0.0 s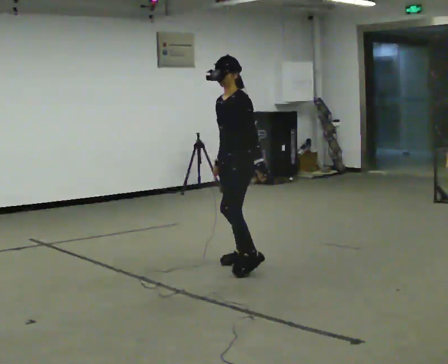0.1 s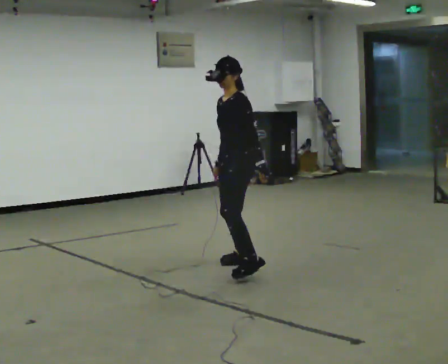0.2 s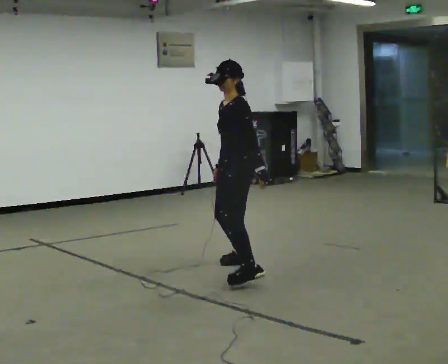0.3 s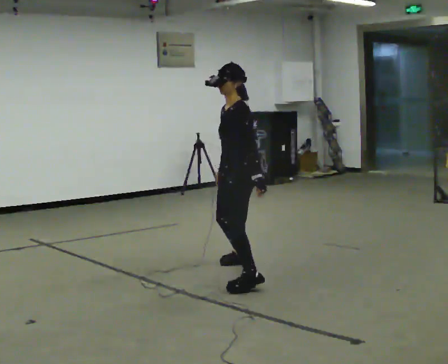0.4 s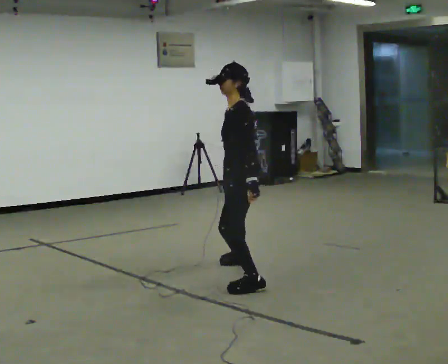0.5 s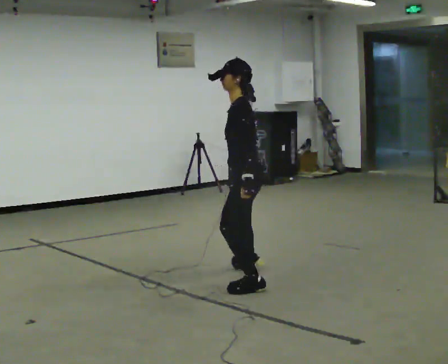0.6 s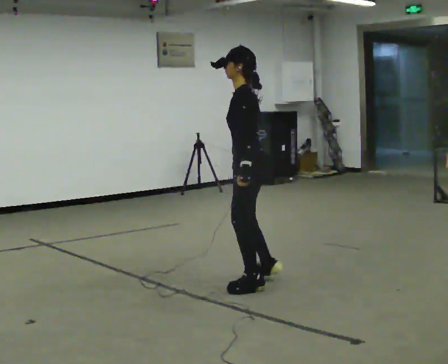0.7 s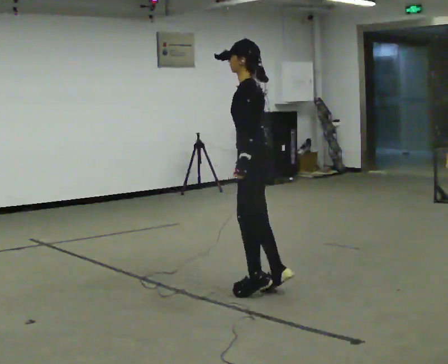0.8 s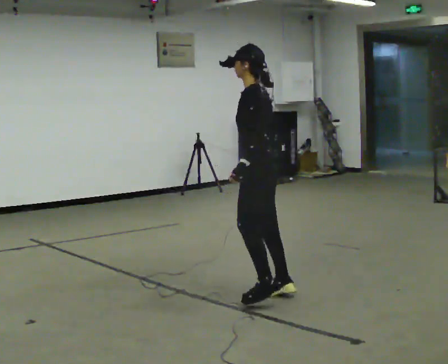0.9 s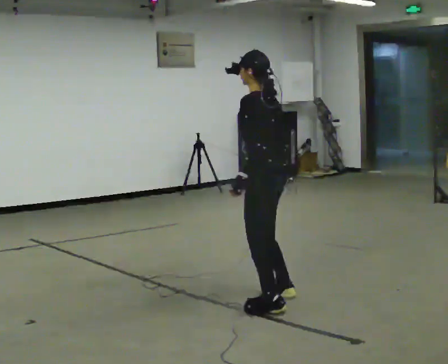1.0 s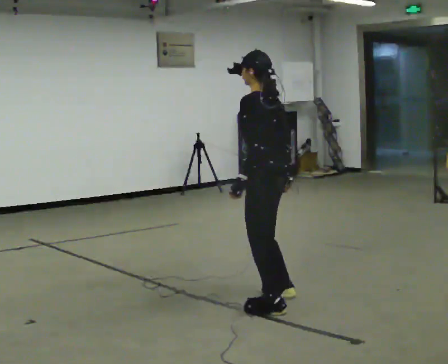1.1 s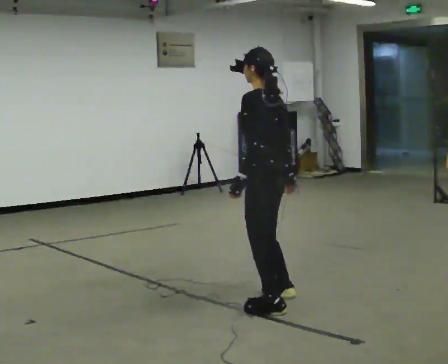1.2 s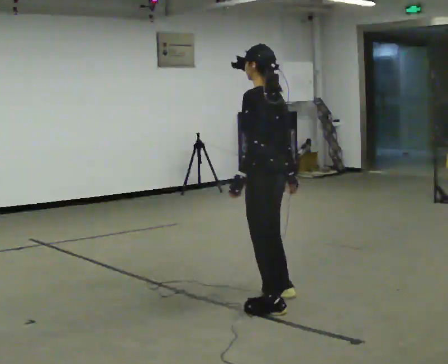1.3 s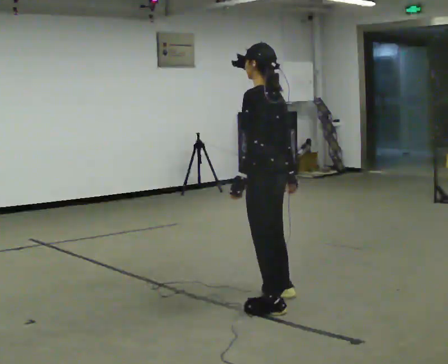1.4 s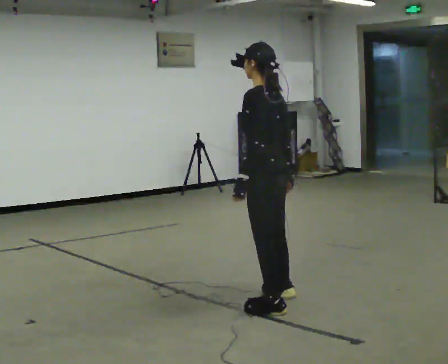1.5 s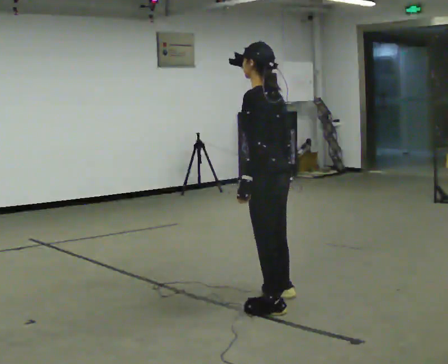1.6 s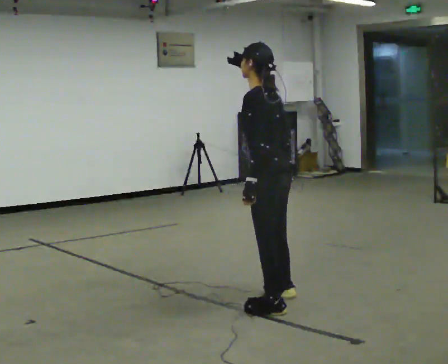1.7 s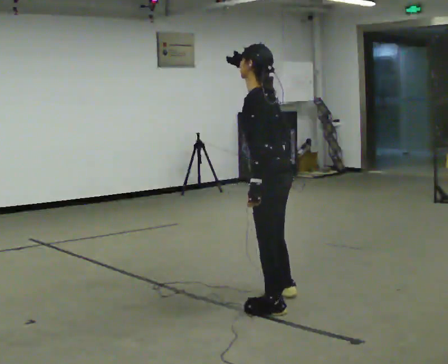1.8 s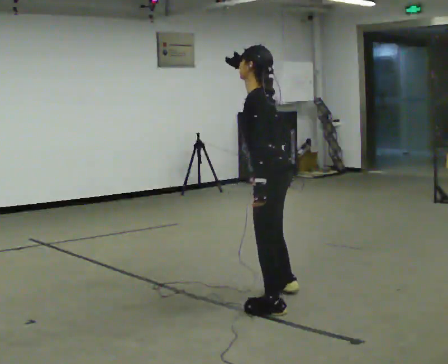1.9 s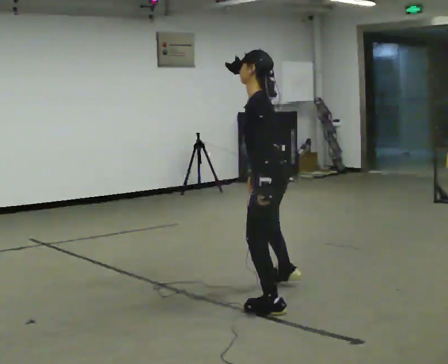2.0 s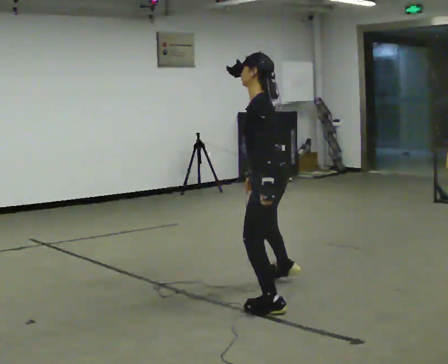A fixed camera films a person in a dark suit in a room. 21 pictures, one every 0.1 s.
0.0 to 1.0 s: The part of the body nearest the lens slides to the left as the person turns to their right by about 60 degrees. In the picture they go toward the camera, about 1 m in 3 steps, which for them is to their left and backward.
1.0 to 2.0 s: The person turns about 30 degrees to their left, counterclockwise seen from above, so the part of the body nearest the lens slides to the right.
The film runs forward here.
